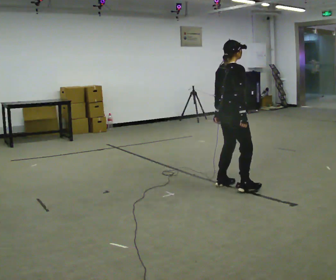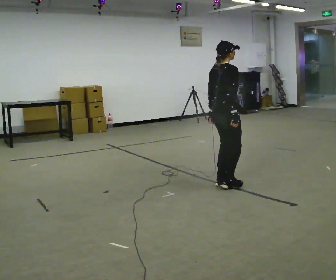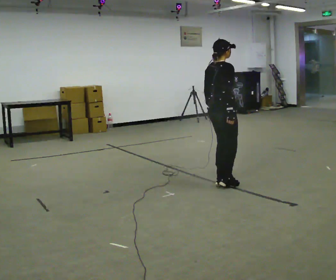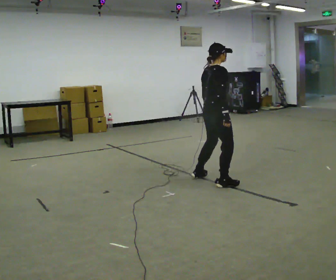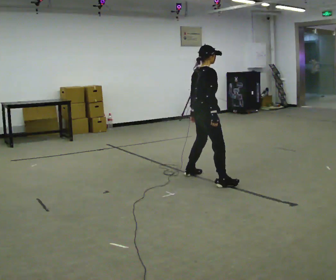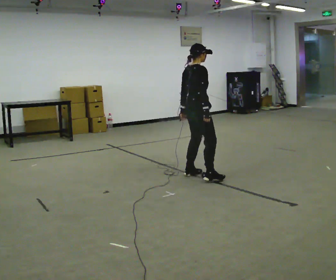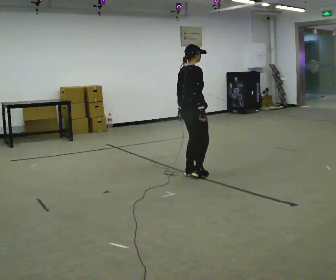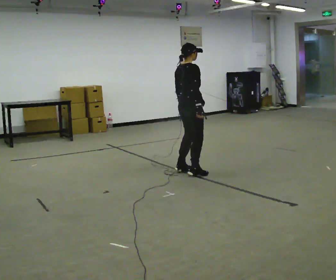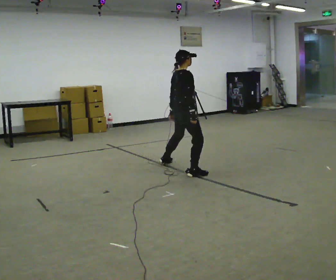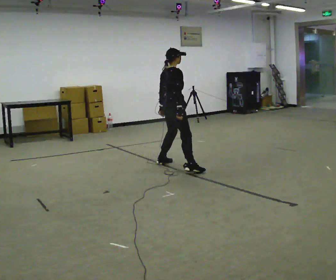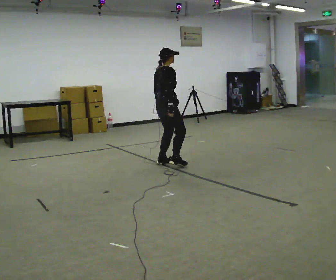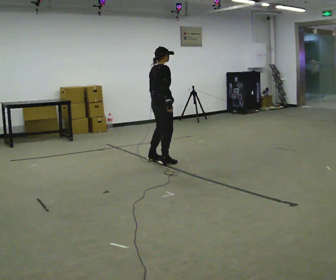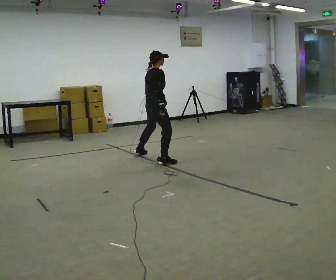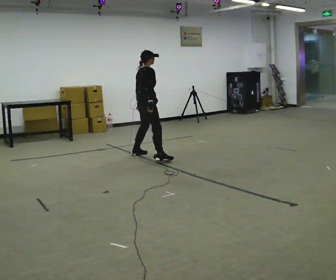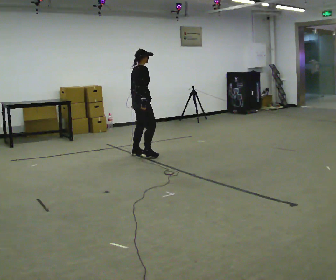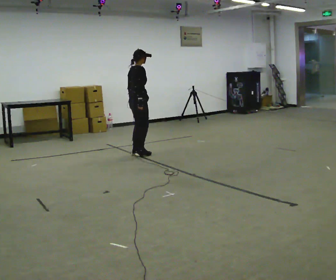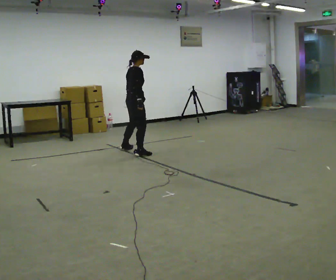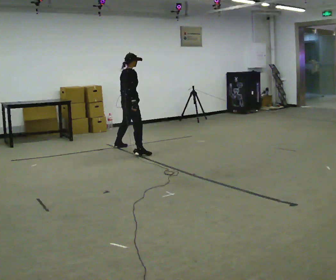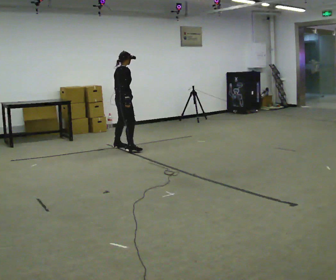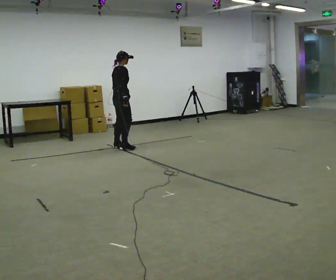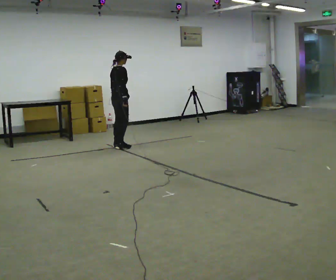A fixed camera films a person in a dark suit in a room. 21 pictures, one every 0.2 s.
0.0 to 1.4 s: In the picture they go away from the camera and to the left, about 0.5 m in 3 steps, which for them is to their left.
1.4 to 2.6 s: In the picture they go away from the camera and to the left, about 1 m in 3 steps, which for them is to their left.
2.6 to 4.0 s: In the picture they go away from the camera and to the left, about 1 m in 2 steps, which for them is to their left.
The film runs backward here.
